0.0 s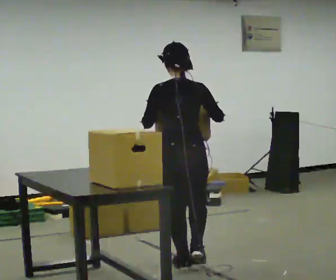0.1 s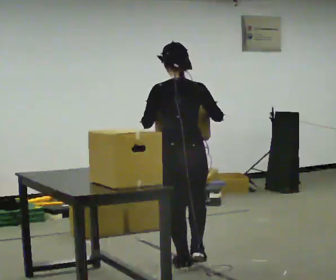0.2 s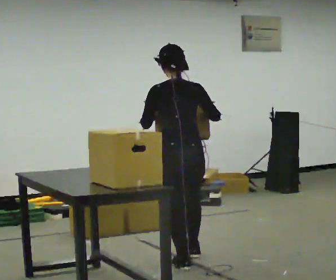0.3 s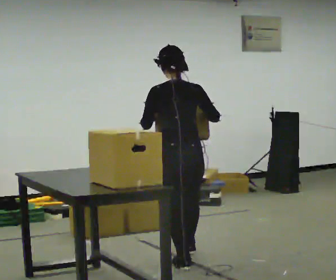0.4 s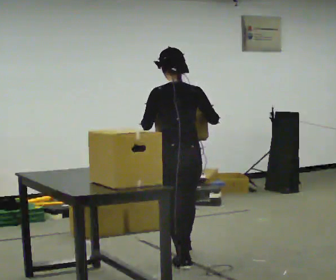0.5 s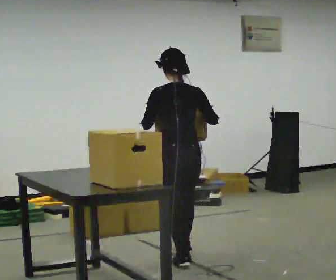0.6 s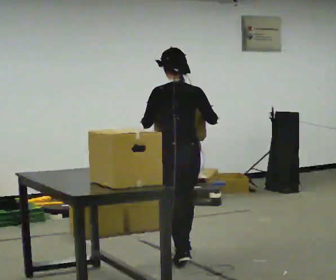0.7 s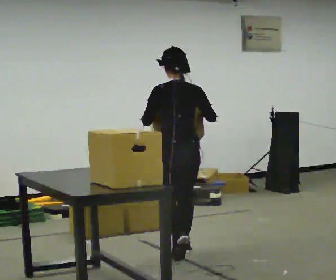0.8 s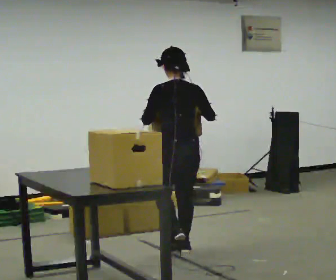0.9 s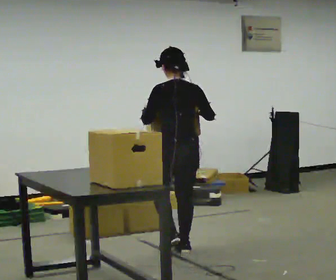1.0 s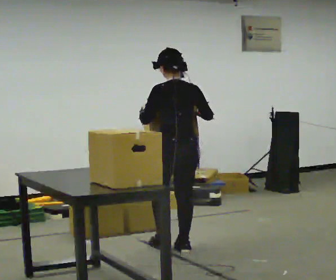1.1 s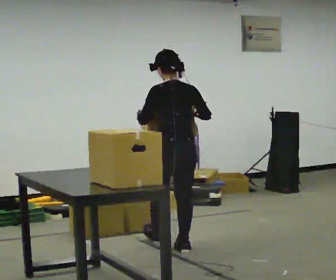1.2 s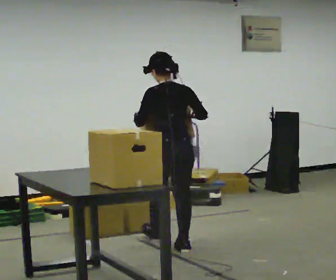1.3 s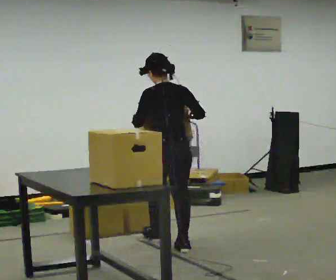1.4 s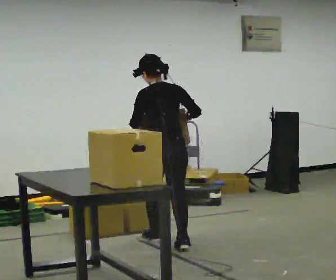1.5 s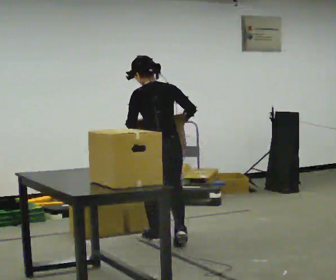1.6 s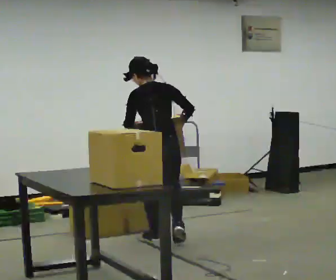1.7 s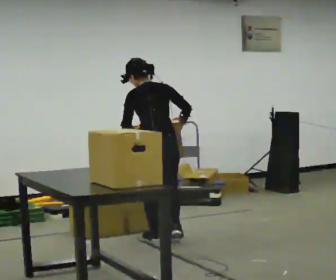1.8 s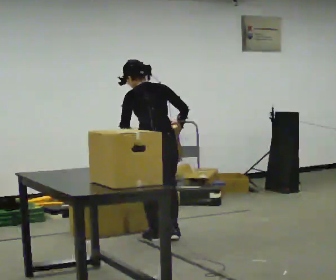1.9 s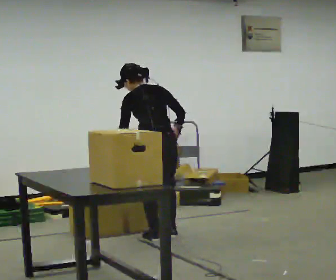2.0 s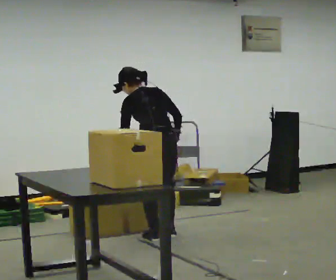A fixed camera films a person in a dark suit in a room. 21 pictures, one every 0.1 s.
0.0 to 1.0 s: In the picture they go away from the camera, about 0.5 m in 1 step, which for them is forward.
1.0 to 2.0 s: In the picture they go away from the camera and to the left, about 0.25 m in 2 steps, which for them is forward. The upper body tips away from the camera, its near side rolling upward, as they bend forward.
The film runs forward here.
